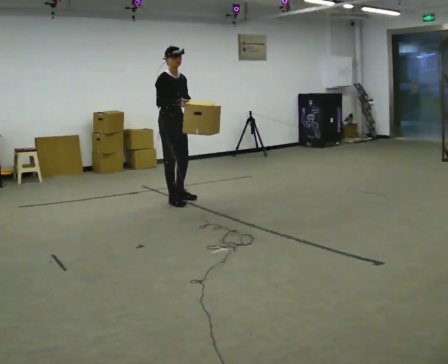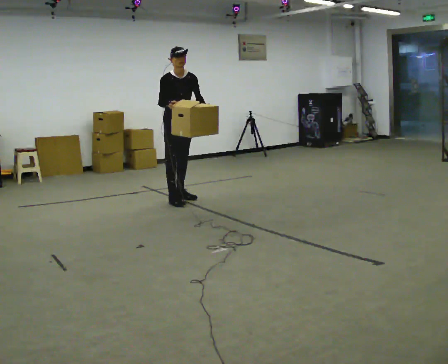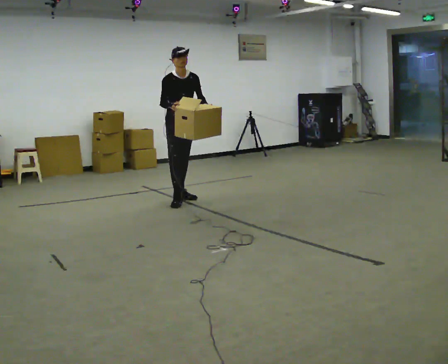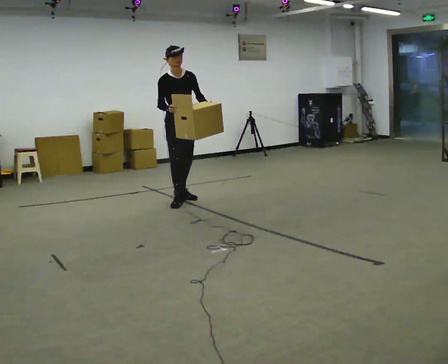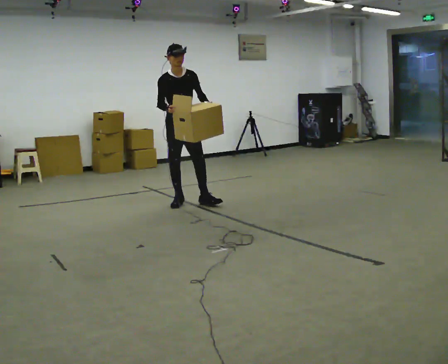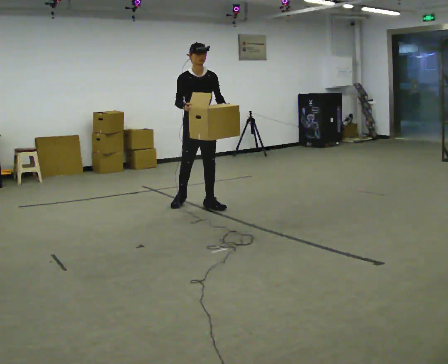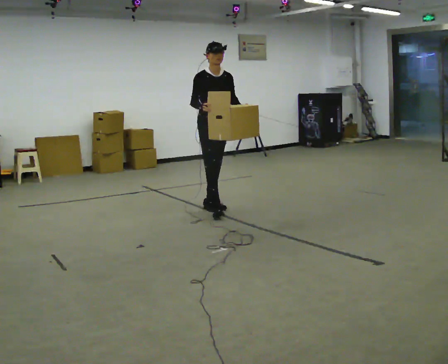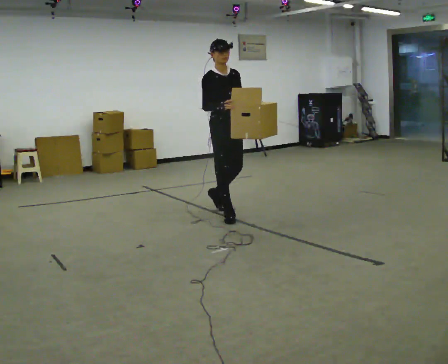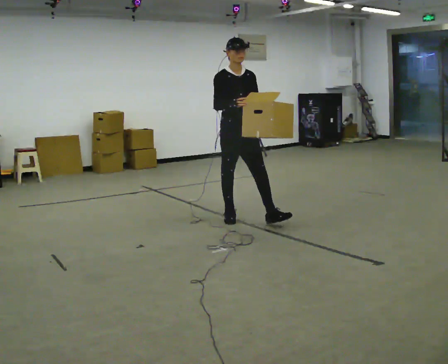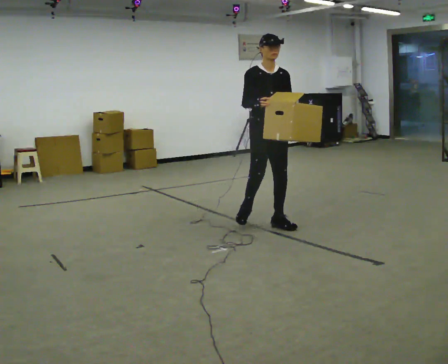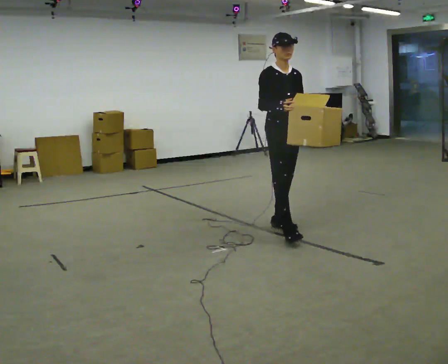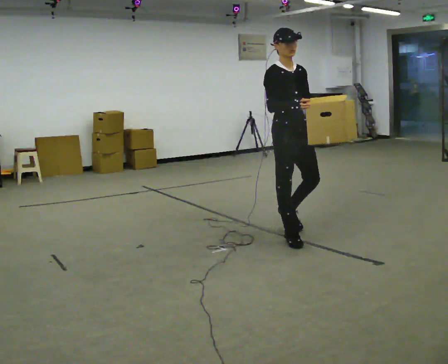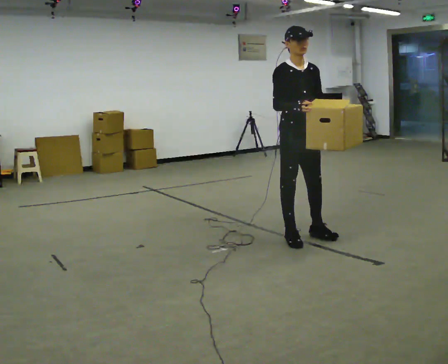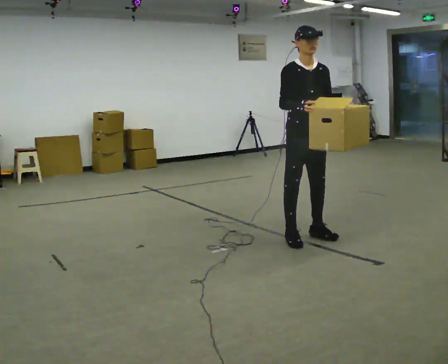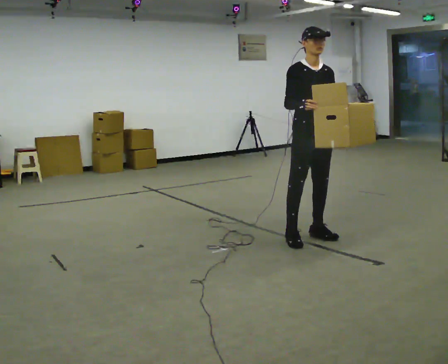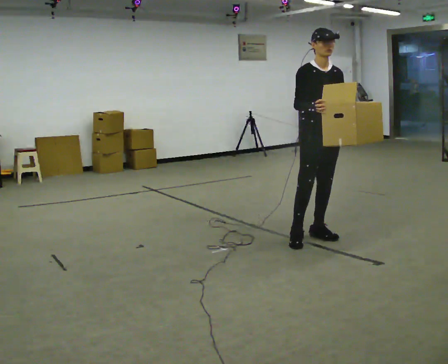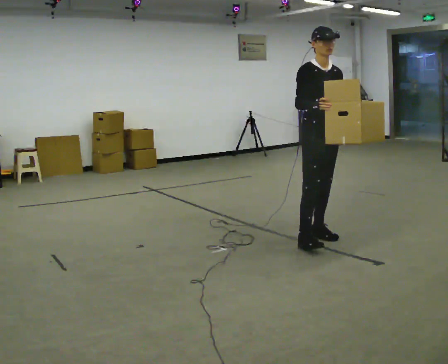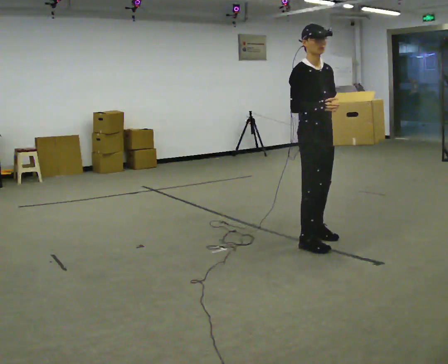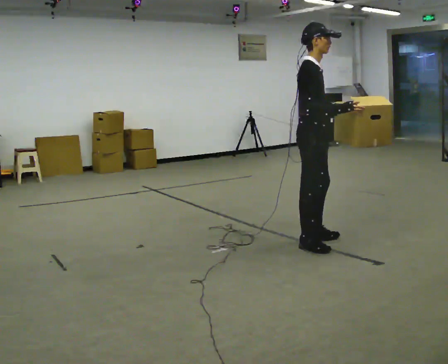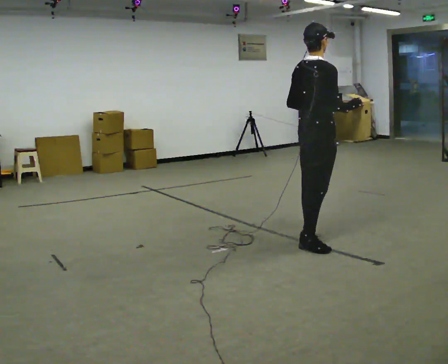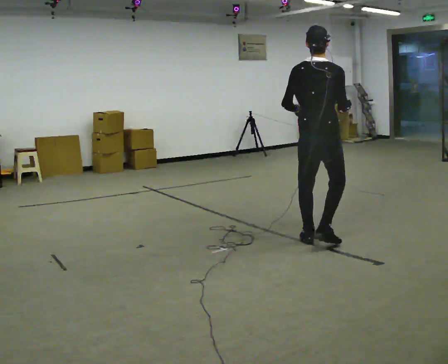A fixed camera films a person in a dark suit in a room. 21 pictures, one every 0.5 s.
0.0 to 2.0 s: The part of the body nearest the lens slides to the left as the person turns to their right by about 30 degrees.
2.0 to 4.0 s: In the picture they go to the right and toward the camera, about 1 m in 2 steps, which for them is forward.
4.0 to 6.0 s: In the picture they go toward the camera and to the right, about 1 m in 3 steps, which for them is forward.
6.0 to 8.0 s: In the picture they go to the right, about 0.25 m in 1 step, which for them is to their left and forward.
8.0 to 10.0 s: Seen from above the body turns counterclockwise, about 120 degrees: to their left, with its near side sliding to the right. In the picture their left hand goes to the left, the arm swinging clockwise.
The film runs forward here.
